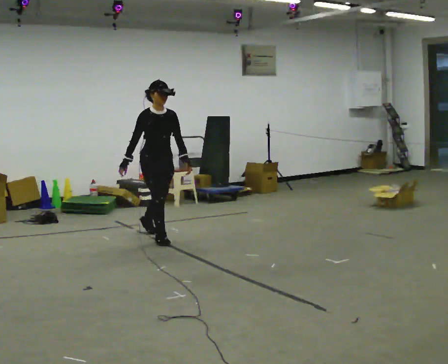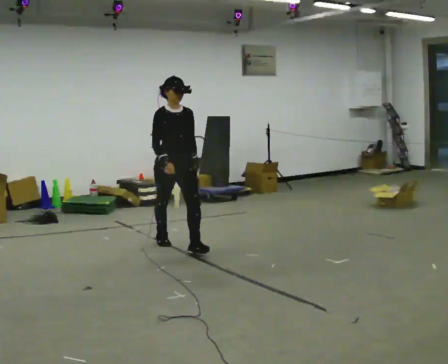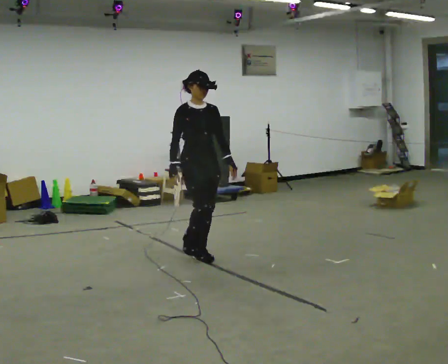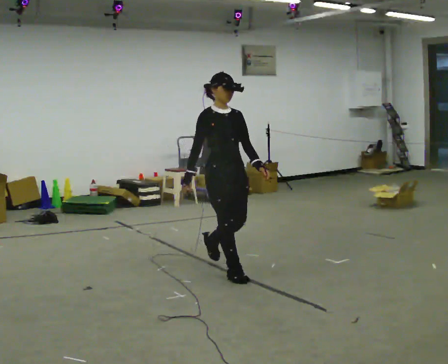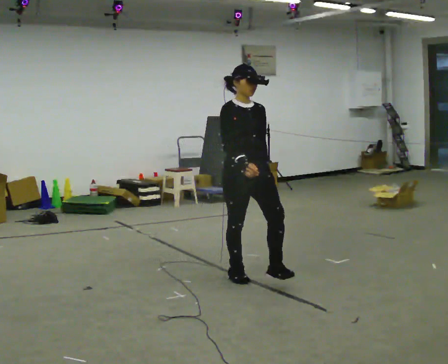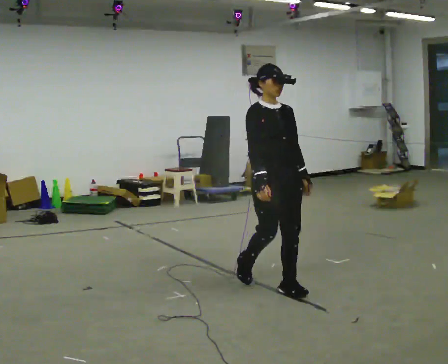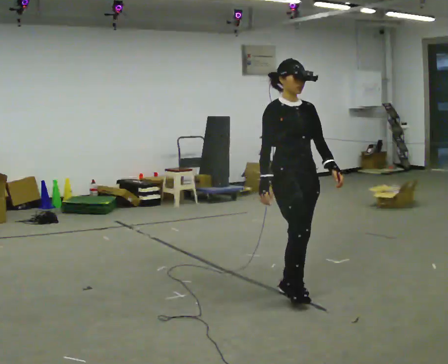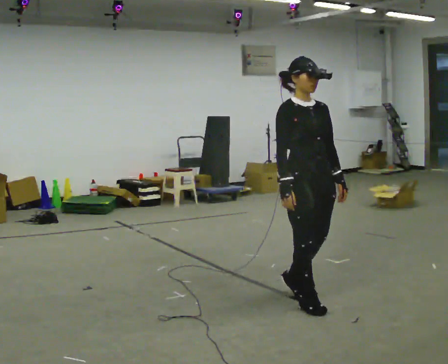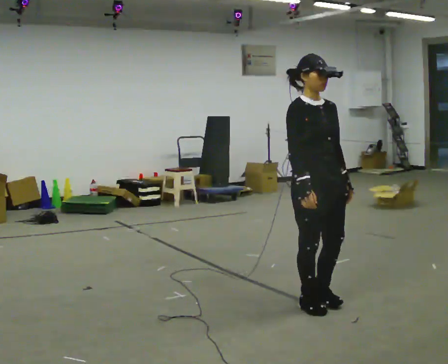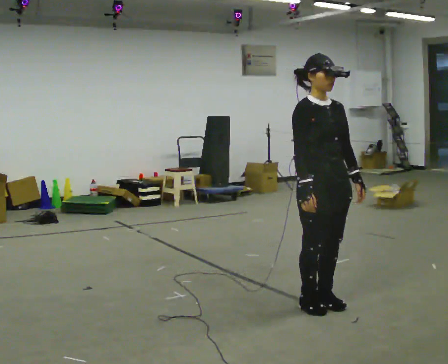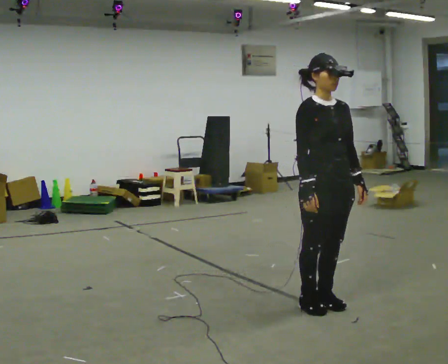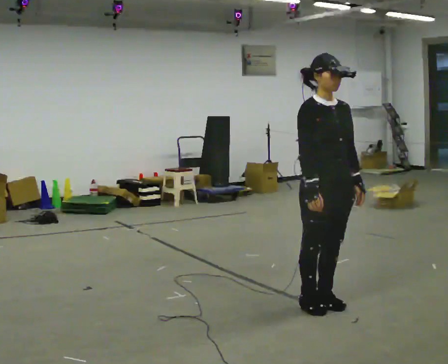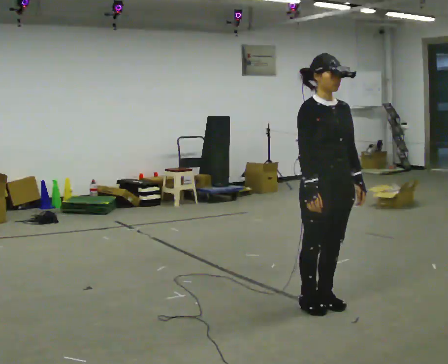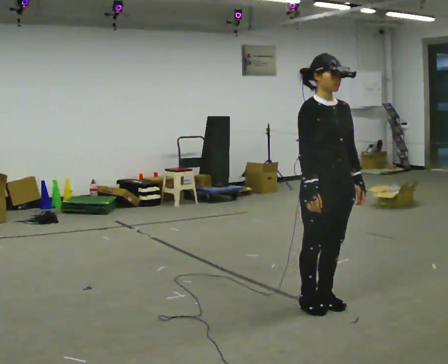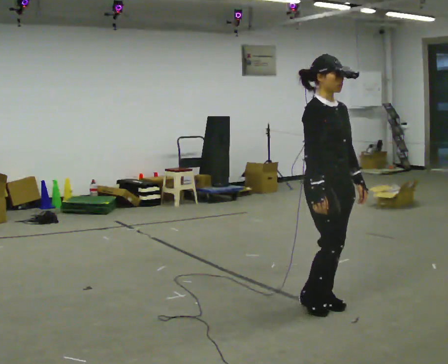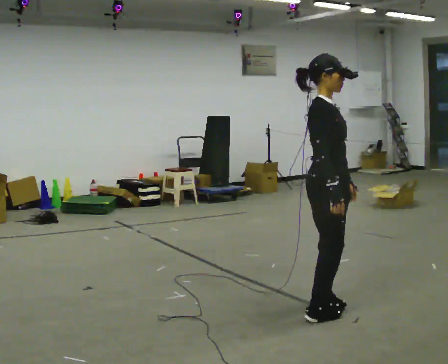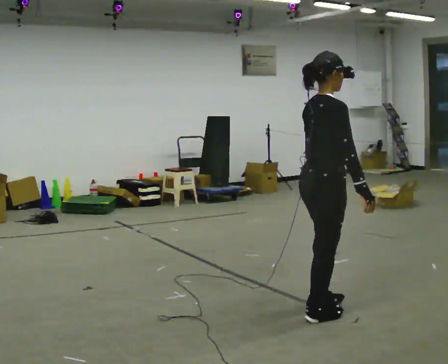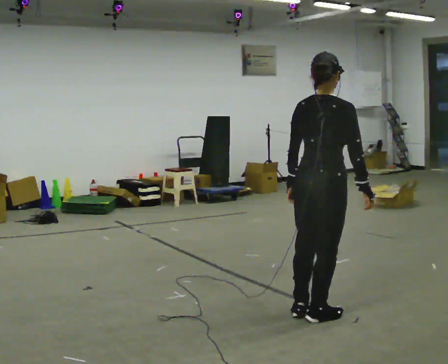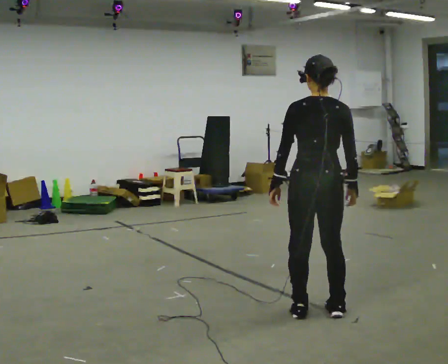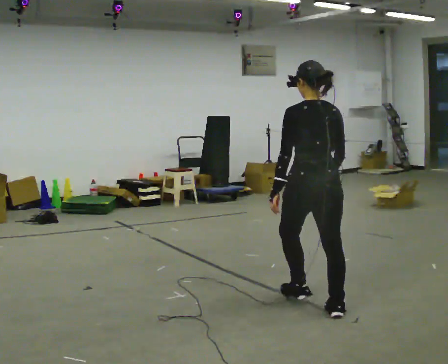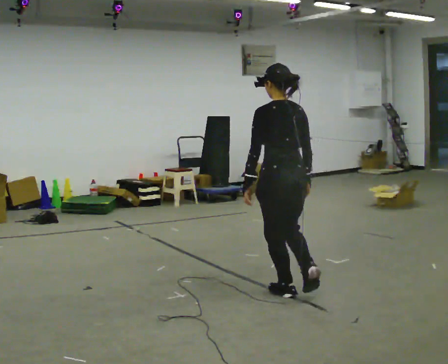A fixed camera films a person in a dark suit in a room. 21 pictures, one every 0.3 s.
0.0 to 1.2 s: In the picture they go toward the camera and to the right, about 1.5 m in 2 steps, which for them is forward.
1.2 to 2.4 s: In the picture they go toward the camera and to the right, about 0.5 m in 2 steps, which for them is forward.
2.4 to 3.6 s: The person moves a little, or ends about where they began.
3.6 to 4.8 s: The person turns about 75 degrees to their left, counterclockwise seen from above, so the part of the body nearest the lens slides to the right.
4.8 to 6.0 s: The part of the body nearest the lens slides to the right as the person turns to their left by about 90 degrees. In the picture they go away from the camera and to the left, about 0.5 m in 3 steps.
The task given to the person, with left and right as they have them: Start at normal speed; gradually slow over several steps; stop gently.
The film runs forward here.
